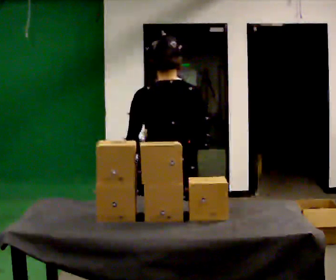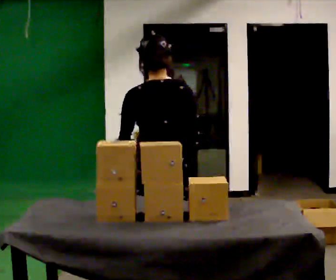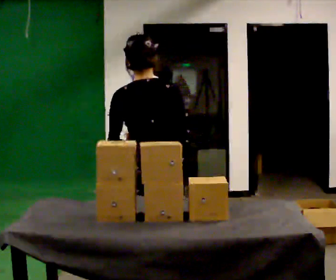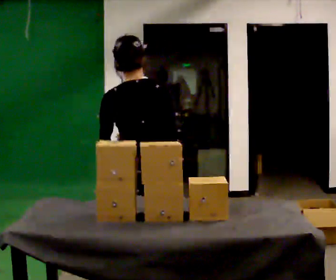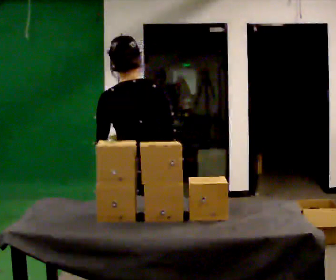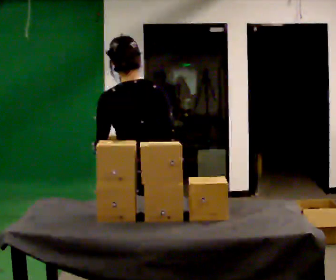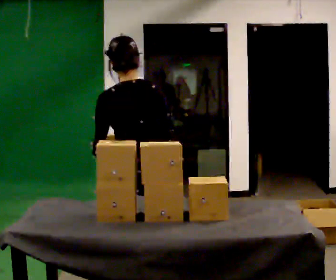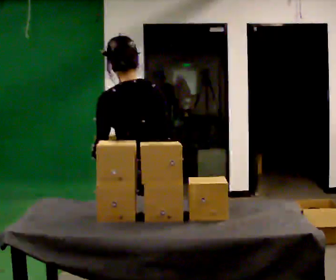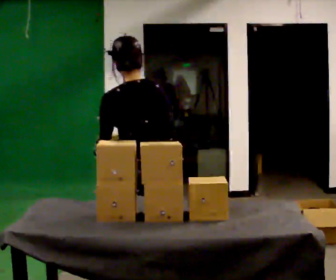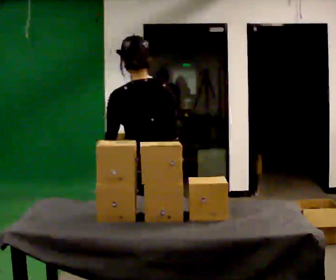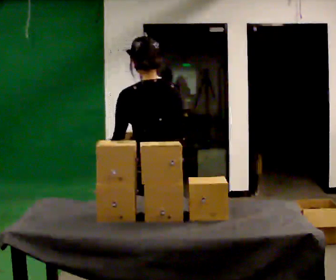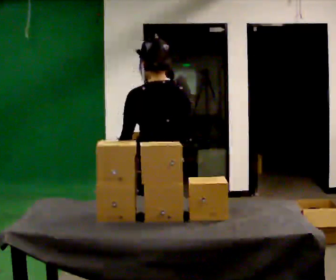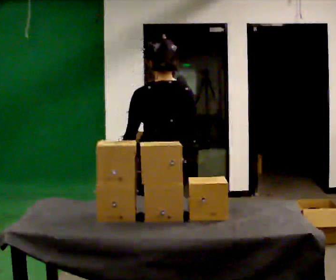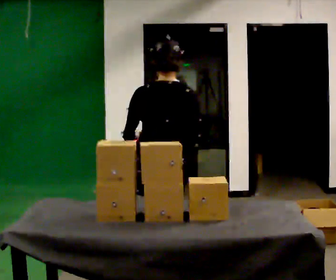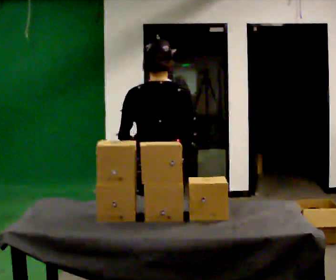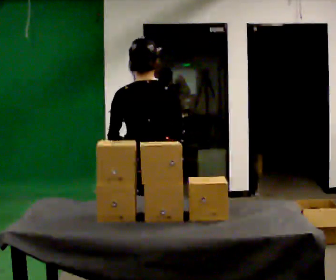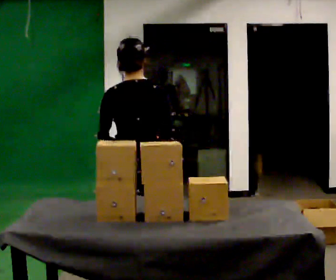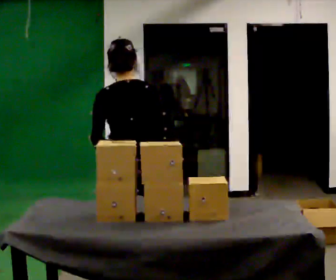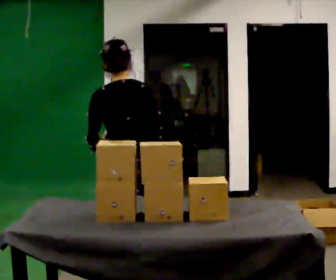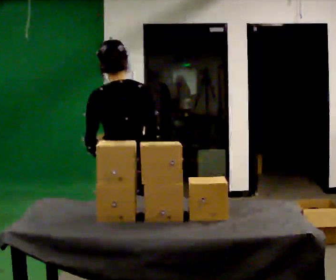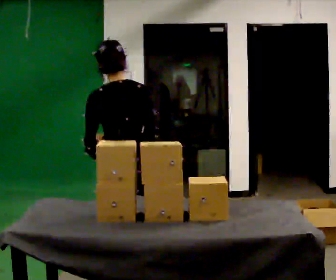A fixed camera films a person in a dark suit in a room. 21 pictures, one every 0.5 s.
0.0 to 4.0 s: The person moves a little, or ends about where they began.
4.0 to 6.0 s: In the picture they go away from the camera, about 0.25 m, which for them is to their right.
6.0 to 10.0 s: In the picture they go to the left, about 0.25 m in 1 step, which for them is to their left.
The film runs forward here.
